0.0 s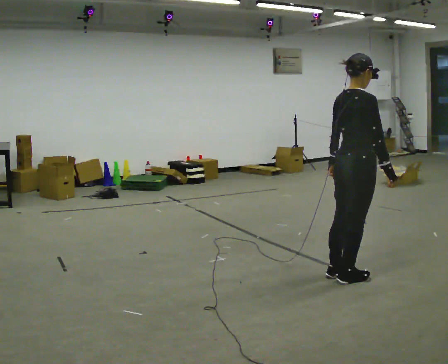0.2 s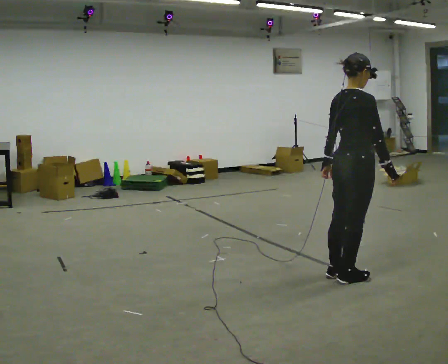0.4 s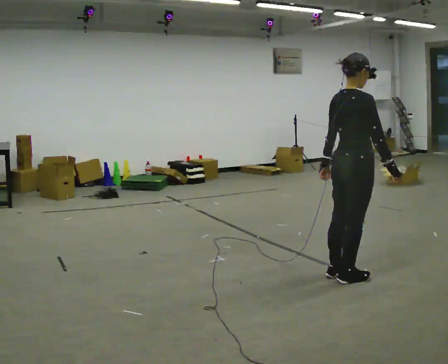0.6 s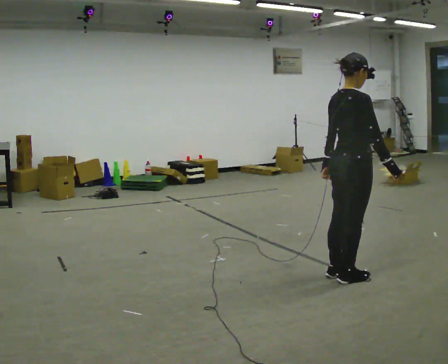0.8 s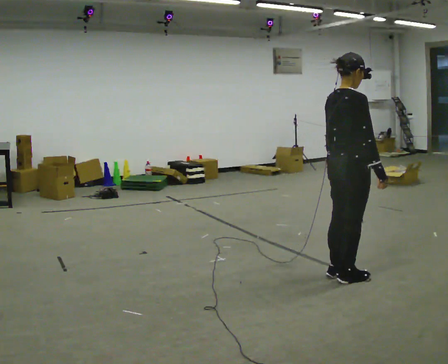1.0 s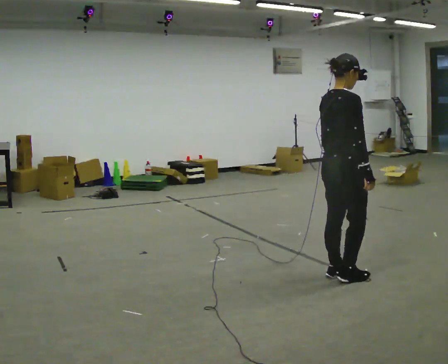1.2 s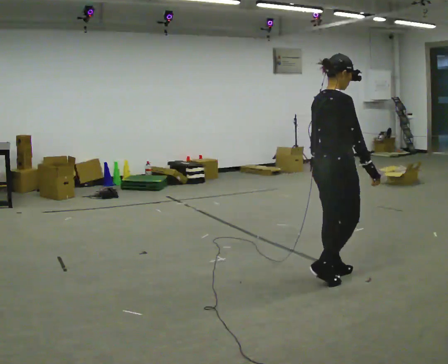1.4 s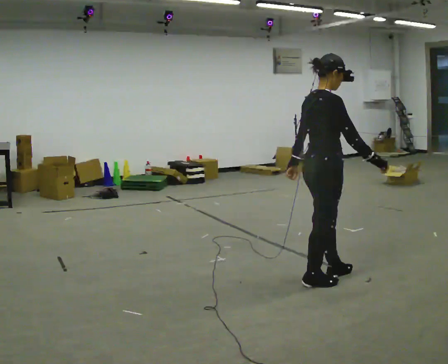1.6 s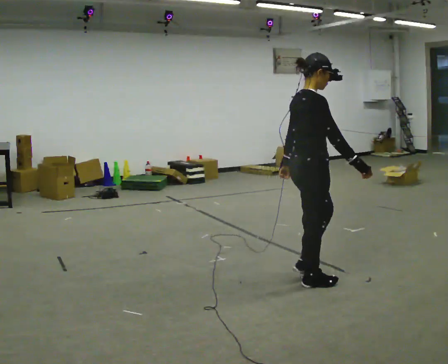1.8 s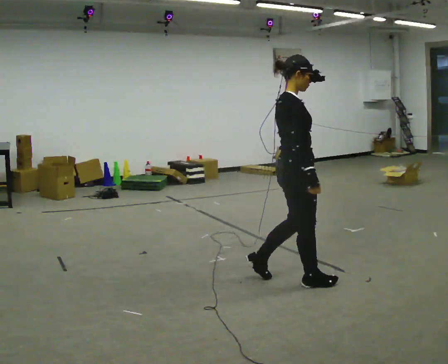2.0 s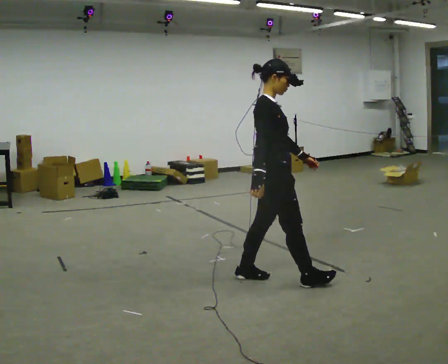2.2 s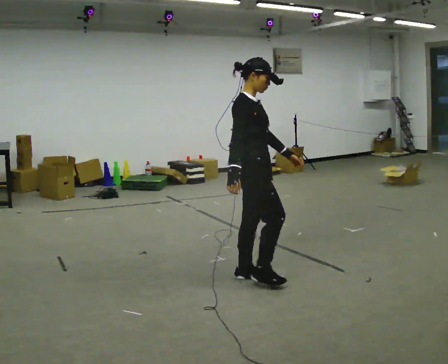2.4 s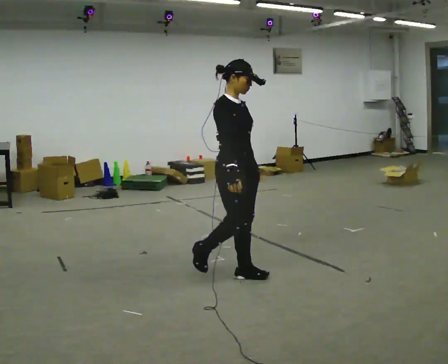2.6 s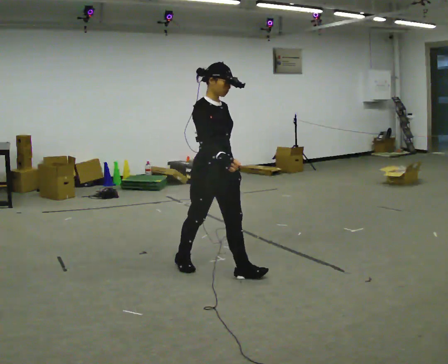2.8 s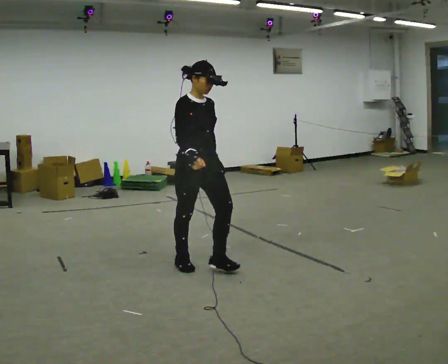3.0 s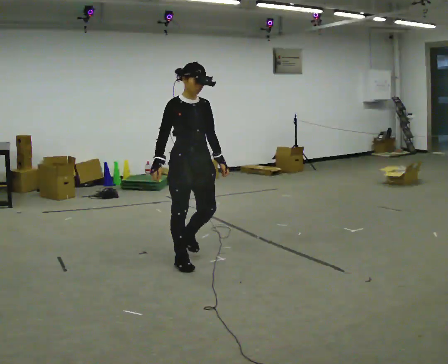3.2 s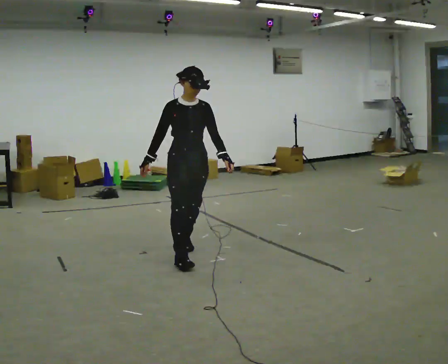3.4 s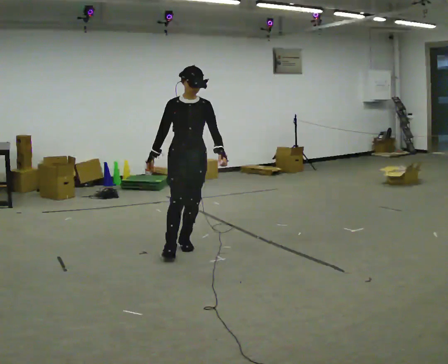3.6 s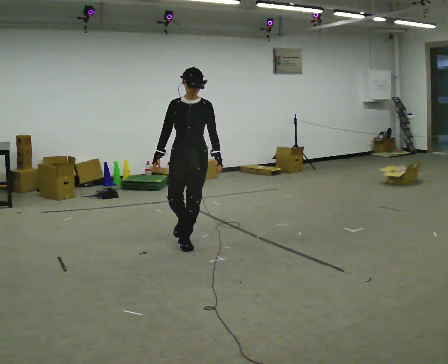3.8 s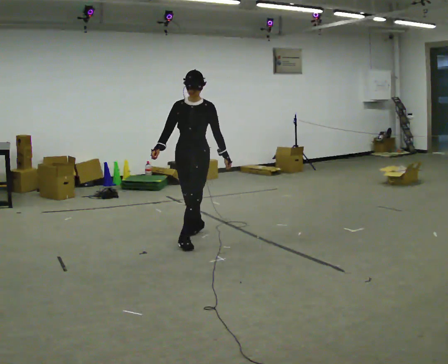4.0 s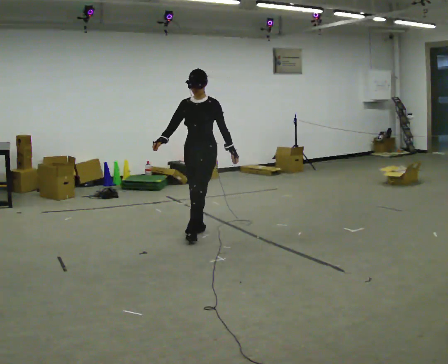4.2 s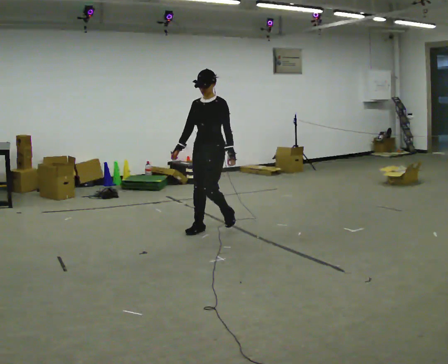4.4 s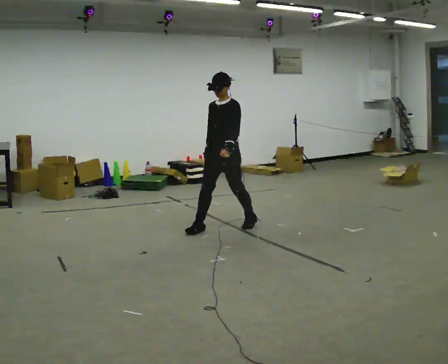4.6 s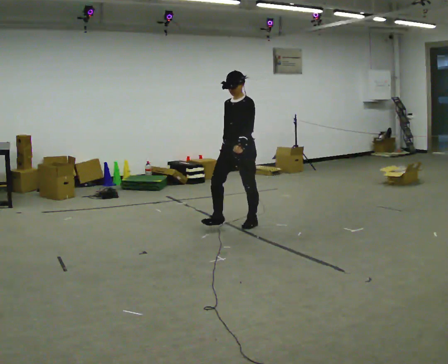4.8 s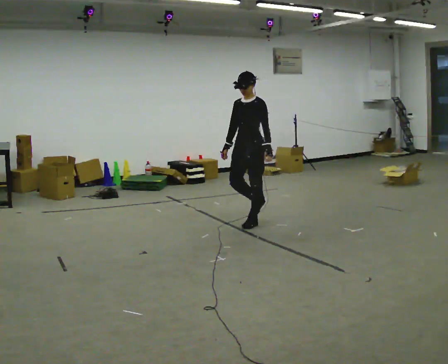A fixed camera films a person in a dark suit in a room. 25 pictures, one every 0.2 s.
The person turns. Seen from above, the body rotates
clockwise.
The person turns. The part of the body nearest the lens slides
to the left.
0.0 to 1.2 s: The person moves a little, or ends about where they began.
1.2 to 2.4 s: Seen from above the body turns clockwise, about 45 degrees: to their right, with its near side sliding to the left. In the picture they go to the left, about 0.75 m in 2 steps, which for them is backward and to their left.
2.4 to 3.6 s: The part of the body nearest the lens slides to the left as the person turns to their right by about 60 degrees. In the picture they go away from the camera and to the left, about 1 m in 2 steps.
3.6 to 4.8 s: The person turns about 45 degrees to their right, clockwise seen from above, so the part of the body nearest the lens slides to the left. In the picture they go away from the camera and to the right, about 1 m in 2 steps, which for them is backward.
The film runs backward here.
